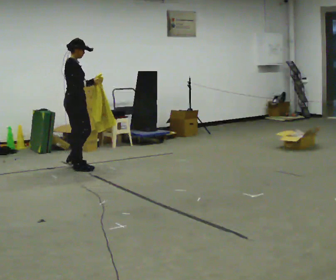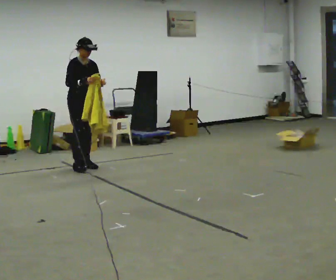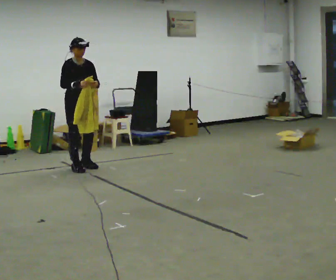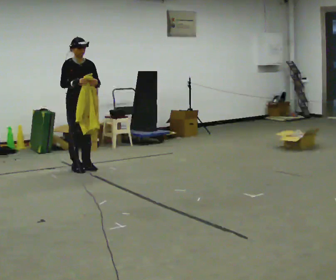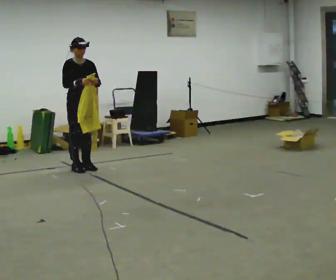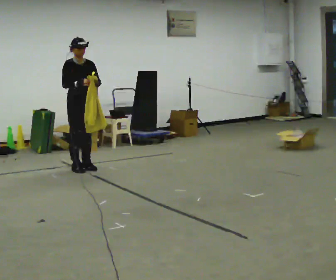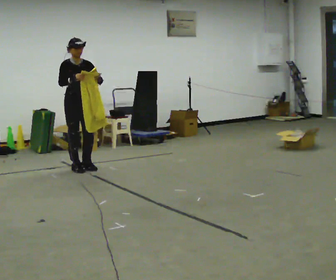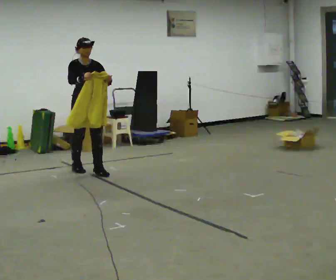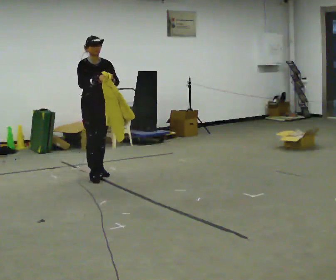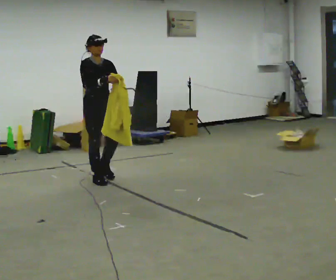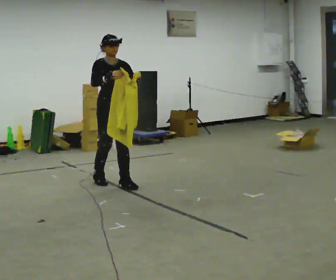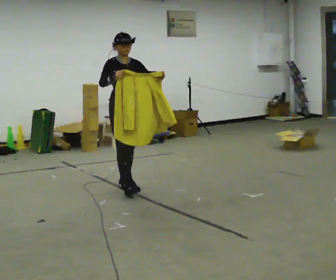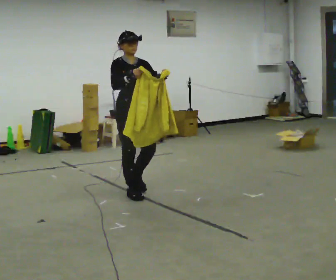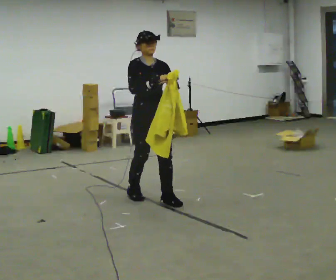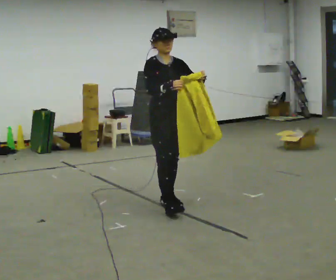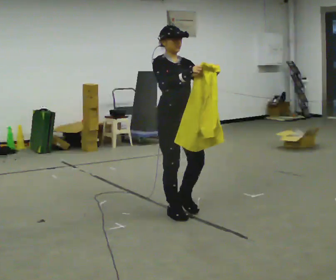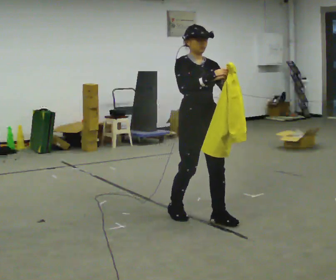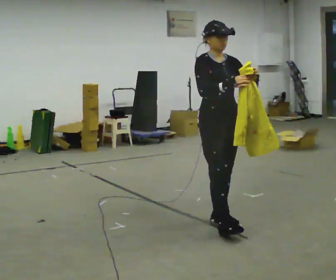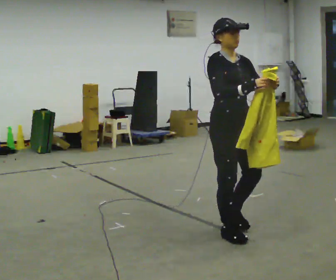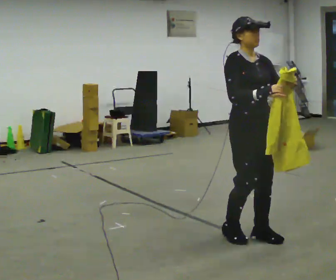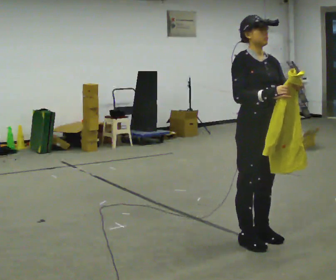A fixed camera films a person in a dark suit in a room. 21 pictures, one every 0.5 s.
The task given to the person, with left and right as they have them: Carry the cloth and, while walking, fold it in half, then unfold it. Keep repeating as you walk. Do not stop.
0.0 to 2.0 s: Seen from above the body turns clockwise, about 60 degrees: to their right, with its near side sliding to the left.
2.0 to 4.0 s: In the picture they go toward the camera and to the right, about 0.5 m in 1 step, which for them is forward.
4.0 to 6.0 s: In the picture they go toward the camera and to the right, about 1 m in 3 steps, which for them is forward.
6.0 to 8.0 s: In the picture they go toward the camera and to the right, about 1 m in 3 steps, which for them is forward.
8.0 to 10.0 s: In the picture they go toward the camera and to the right, about 0.75 m in 3 steps, which for them is forward.
The film runs forward here.
